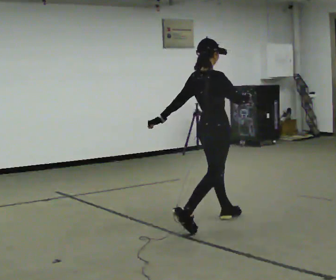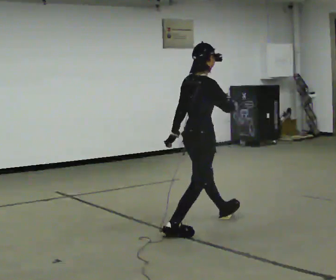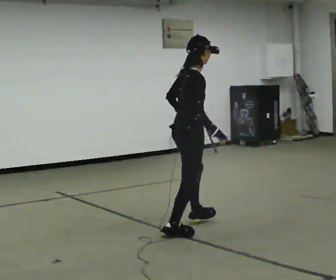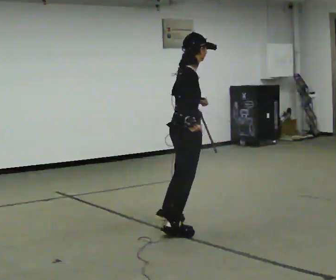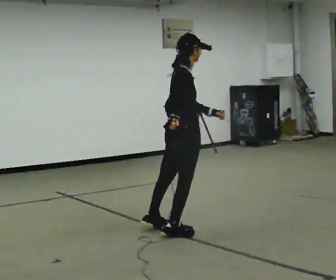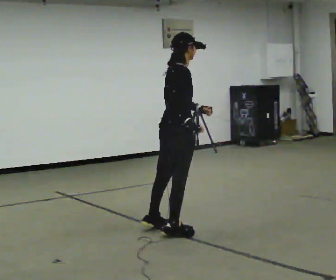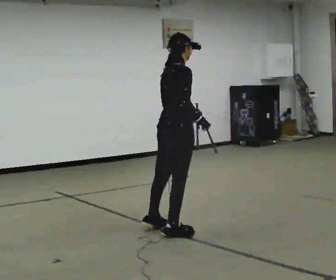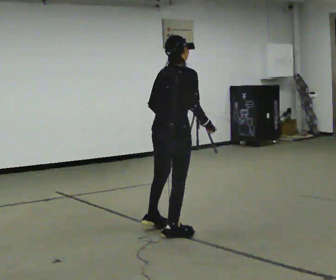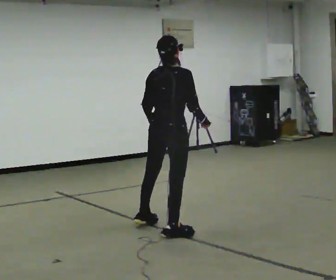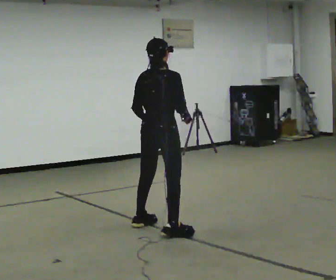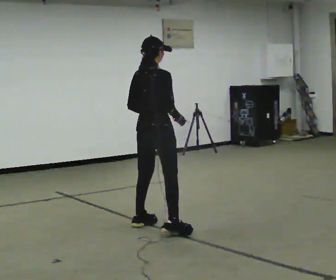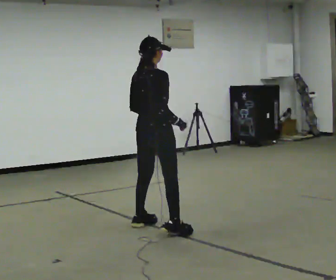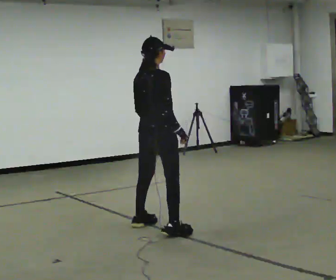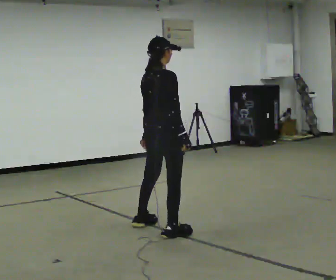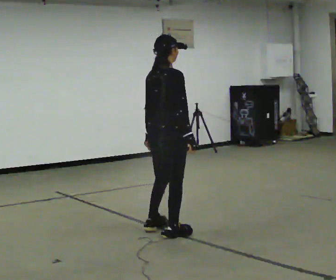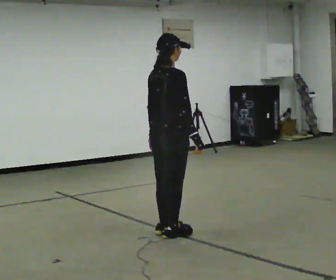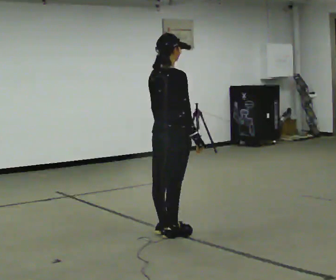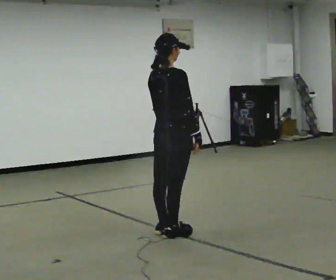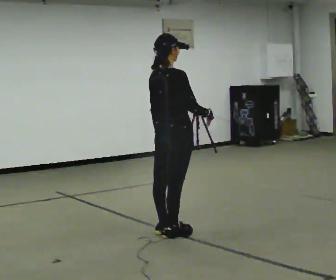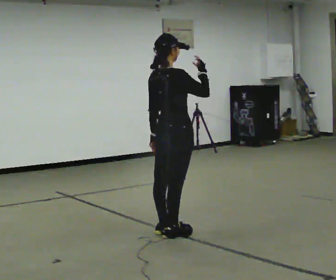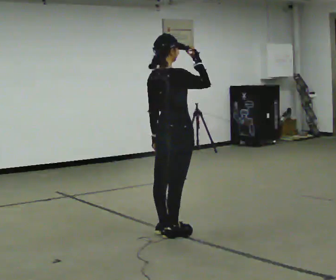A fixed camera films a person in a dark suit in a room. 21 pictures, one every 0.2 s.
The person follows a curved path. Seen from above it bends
counterclockwise.
0.0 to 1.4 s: The person turns about 30 degrees to their left, counterclockwise seen from above, so the part of the body nearest the lens slides to the right. In the picture they go to the left and toward the camera, about 0.5 m in 2 steps, which for them is backward and to their right.
1.4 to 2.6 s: The person moves a little, or ends about where they began.
2.6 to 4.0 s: In the picture their right hand goes upward.
The film runs forward here.
